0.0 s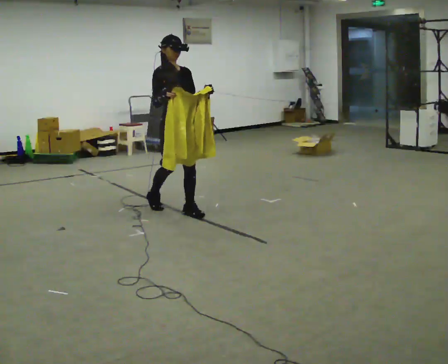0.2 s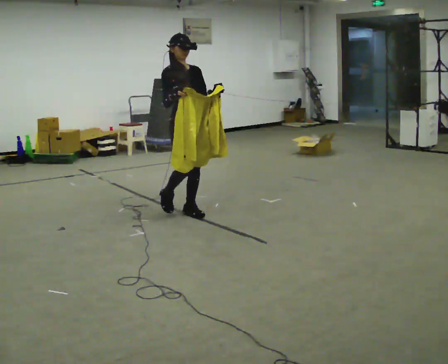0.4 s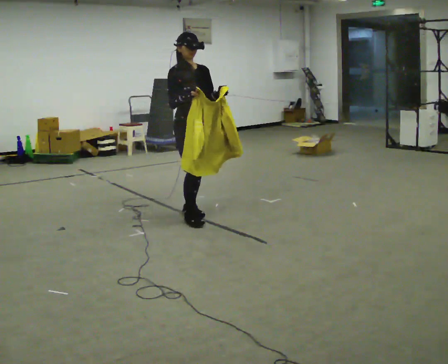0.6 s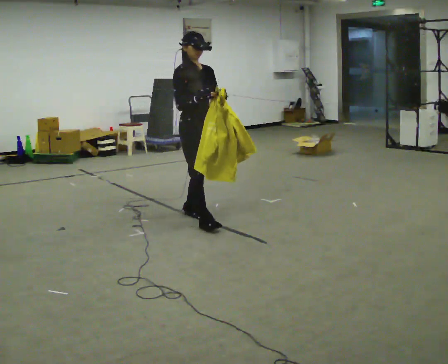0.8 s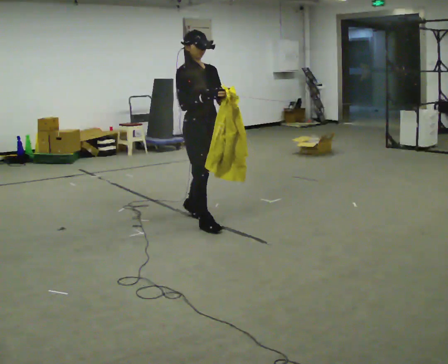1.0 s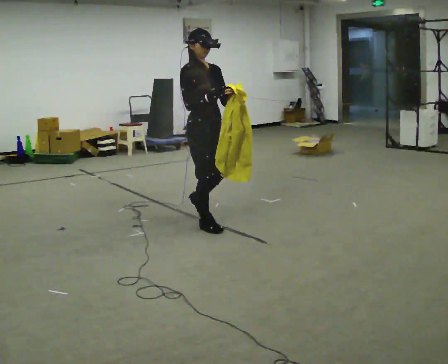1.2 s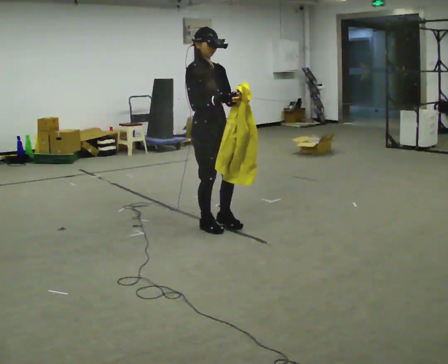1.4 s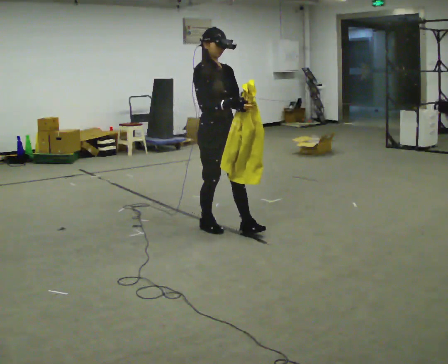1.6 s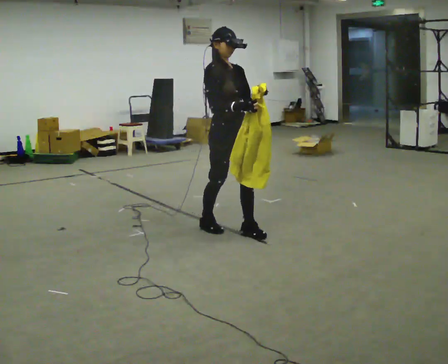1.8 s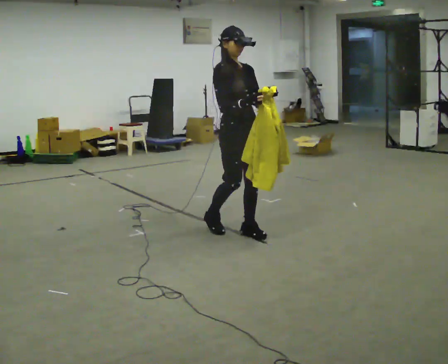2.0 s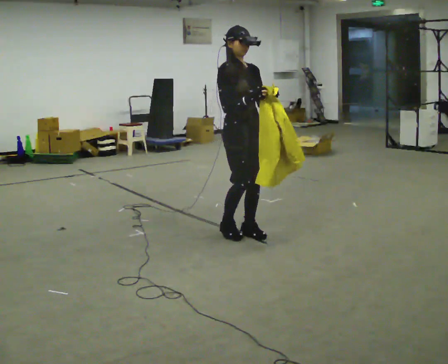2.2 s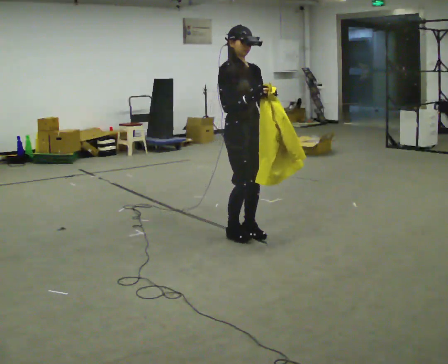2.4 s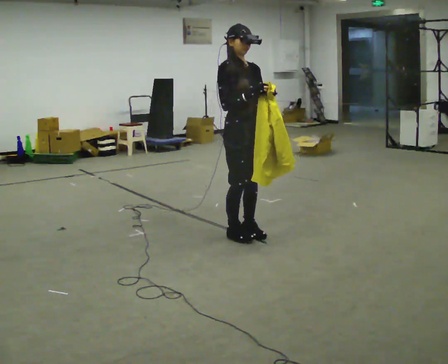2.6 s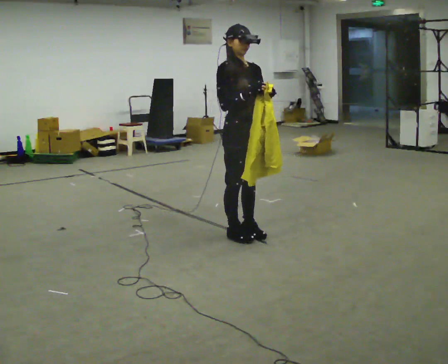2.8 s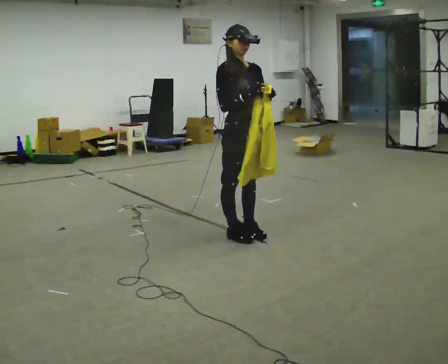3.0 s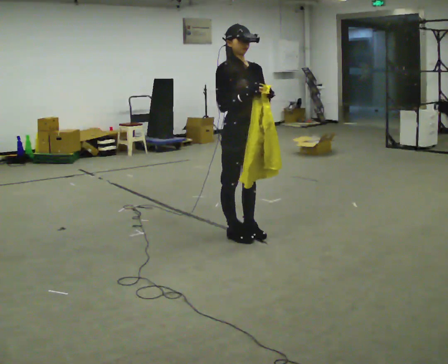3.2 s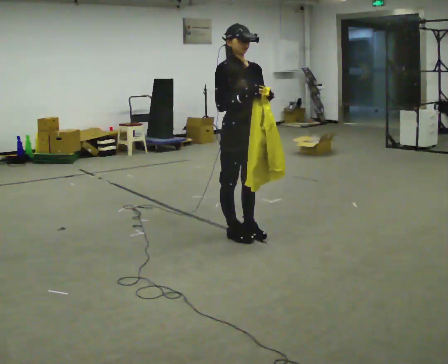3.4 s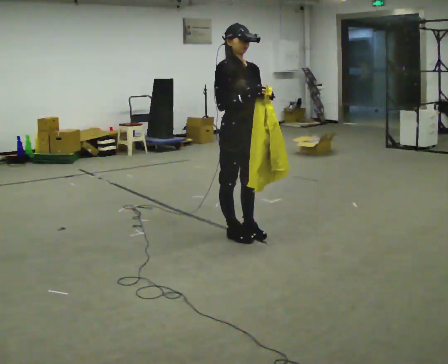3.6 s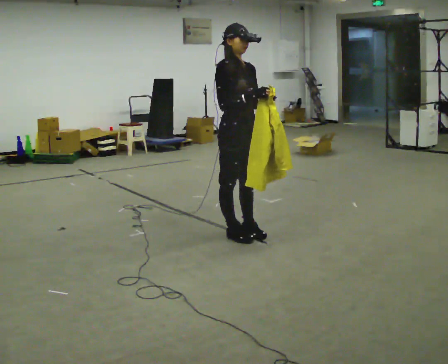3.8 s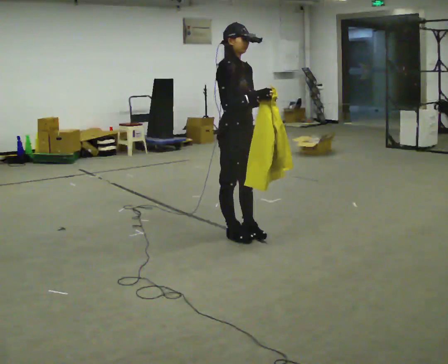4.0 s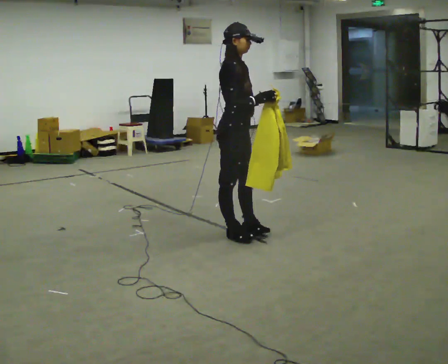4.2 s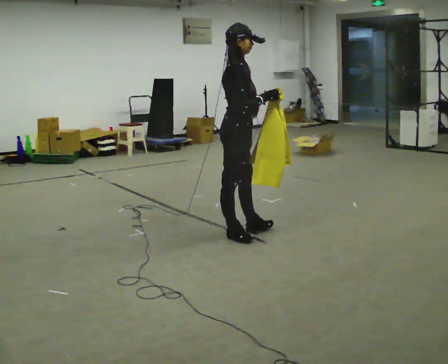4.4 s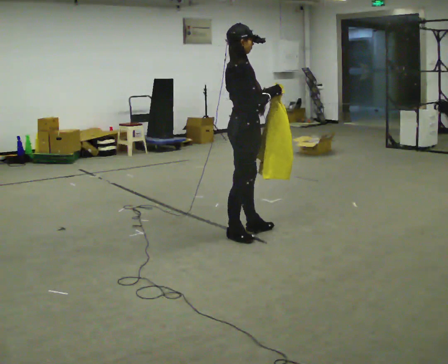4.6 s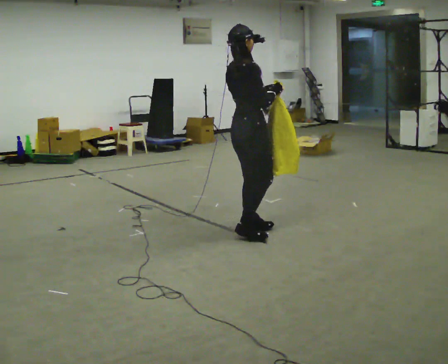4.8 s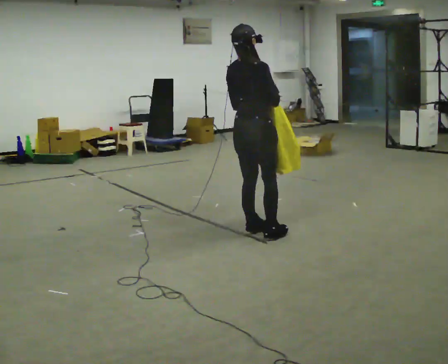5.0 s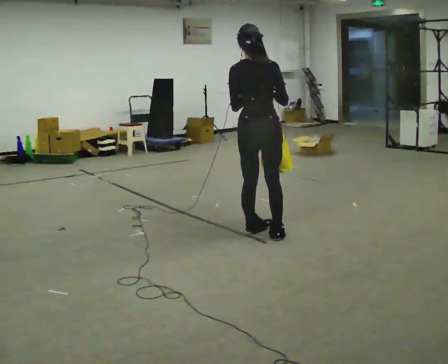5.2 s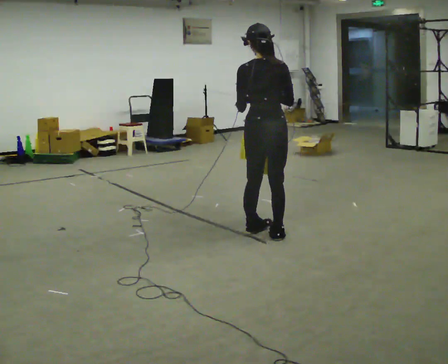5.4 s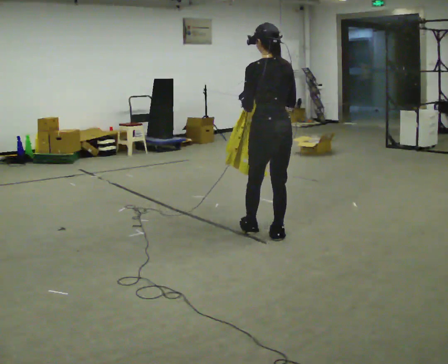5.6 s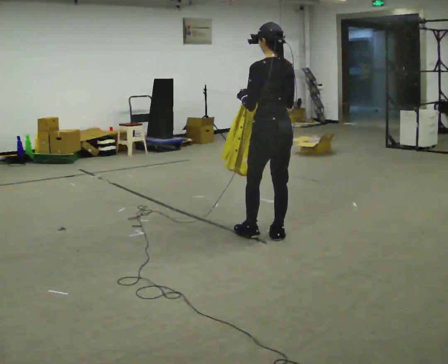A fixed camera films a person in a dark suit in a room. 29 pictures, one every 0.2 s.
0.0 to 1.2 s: In the picture they go to the right and toward the camera, about 0.5 m in 1 step, which for them is forward.
1.2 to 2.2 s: In the picture they go to the right, about 0.25 m in 2 steps, which for them is forward and to their left.
2.2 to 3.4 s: The person moves a little, or ends about where they began.
3.4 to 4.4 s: The person turns about 60 degrees to their left, counterclockwise seen from above, so the part of the body nearest the lens slides to the right.
4.4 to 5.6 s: Seen from above the body turns counterclockwise, about 120 degrees: to their left, with its near side sliding to the right. In the picture they go to the right, about 0.25 m in 1 step.
The film runs forward here.
